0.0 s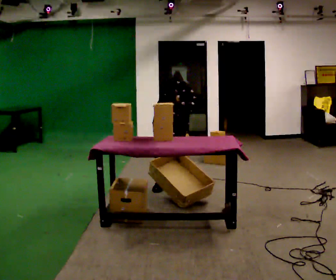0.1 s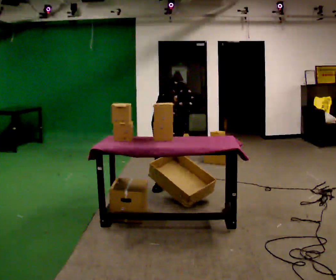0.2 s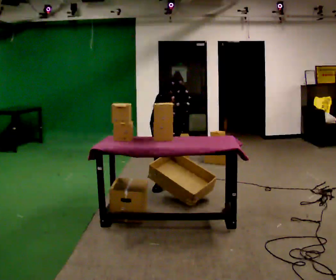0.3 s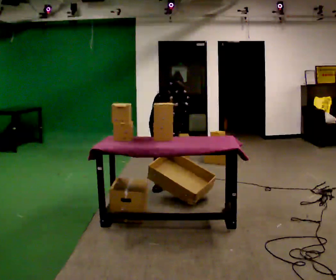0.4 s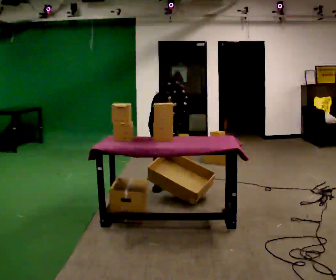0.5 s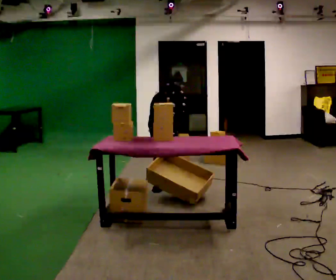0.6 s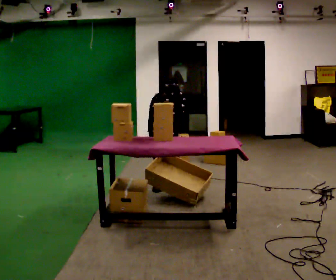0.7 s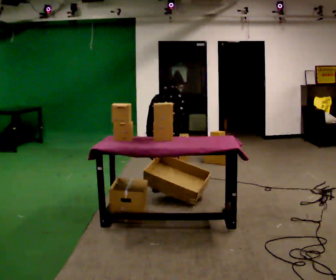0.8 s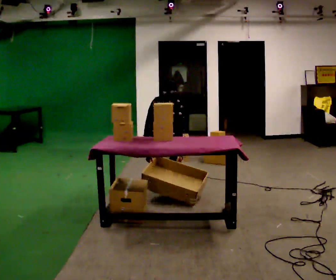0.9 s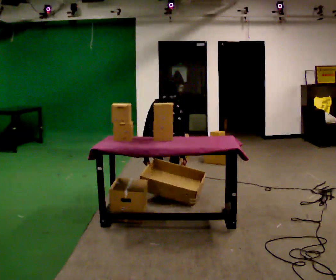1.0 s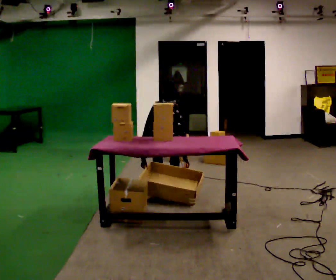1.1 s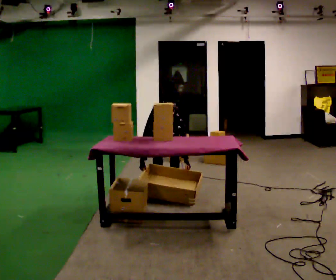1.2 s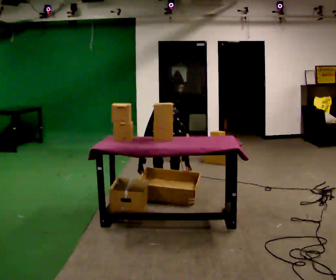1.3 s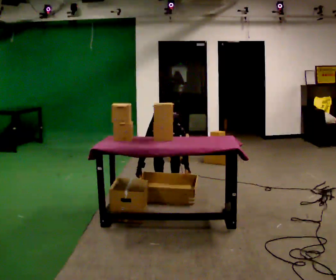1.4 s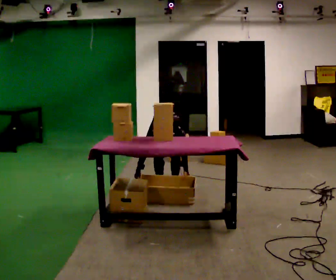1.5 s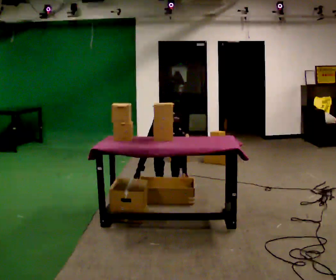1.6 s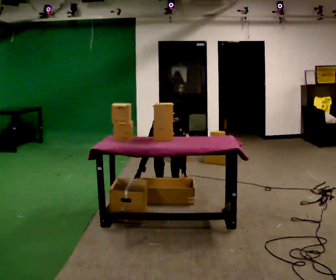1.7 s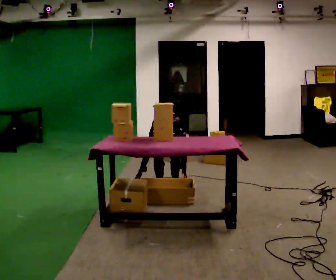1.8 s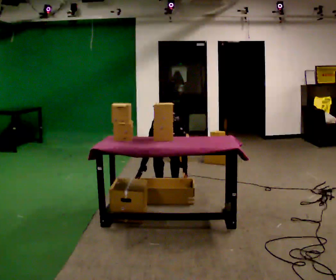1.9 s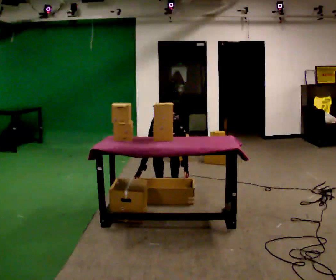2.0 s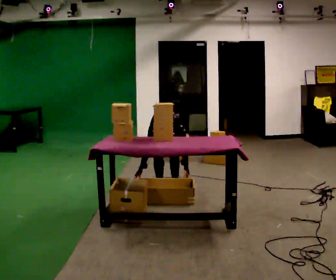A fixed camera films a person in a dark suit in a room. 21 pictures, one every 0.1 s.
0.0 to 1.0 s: The upper body tips toward the camera, its near side rolling downward, as they bend forward.
1.0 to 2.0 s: In the picture the upper body tilts clockwise, shoulders to the right.
The film runs backward here.
